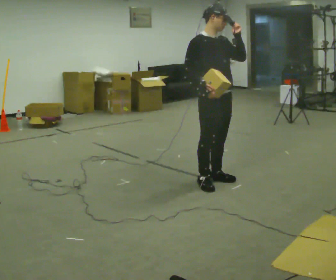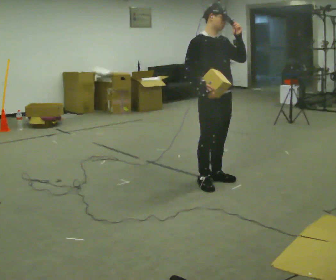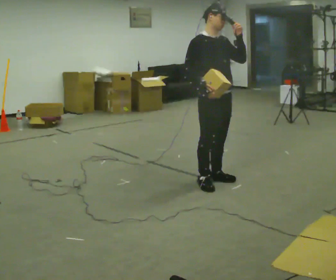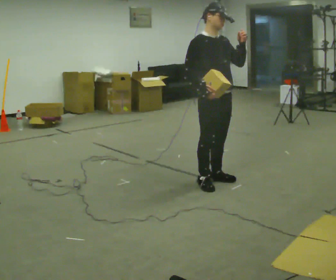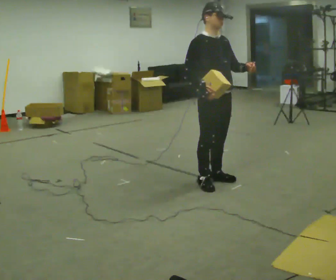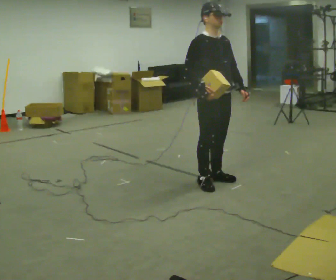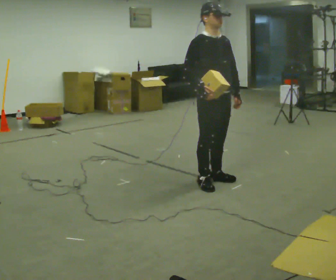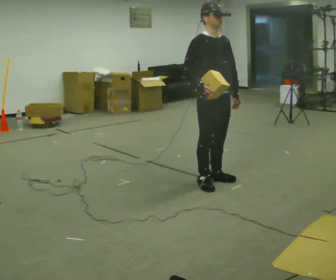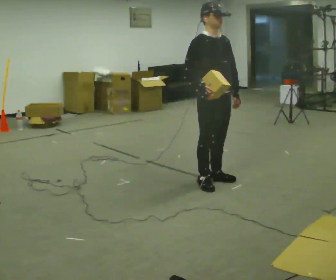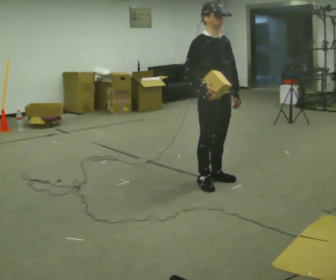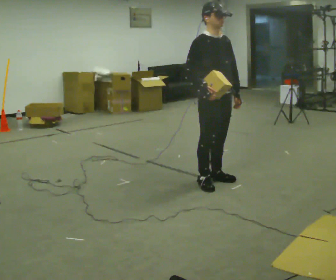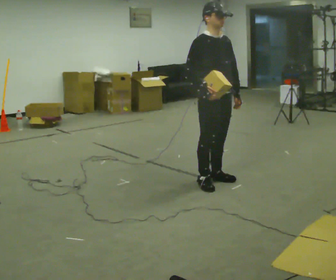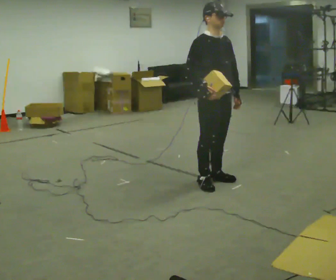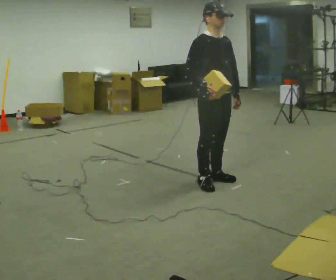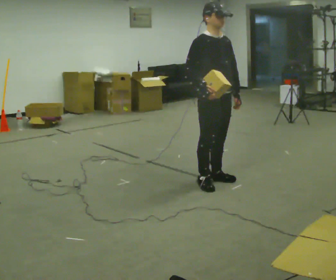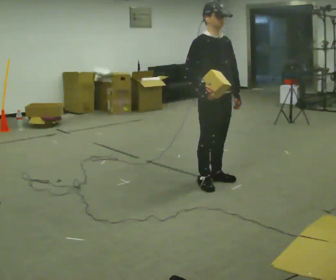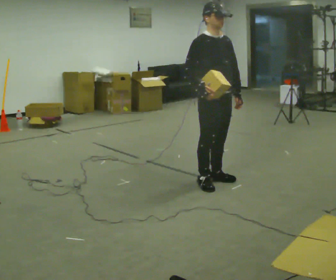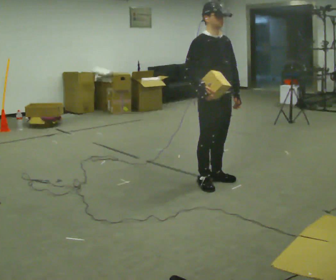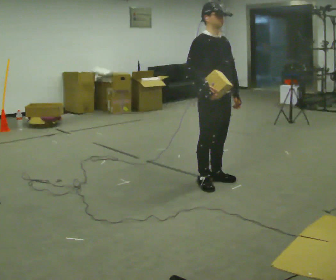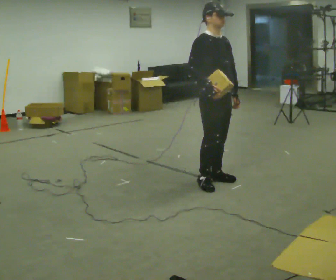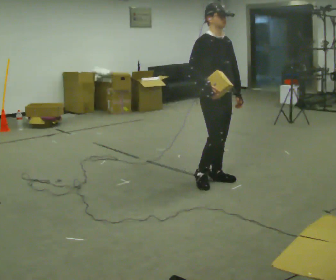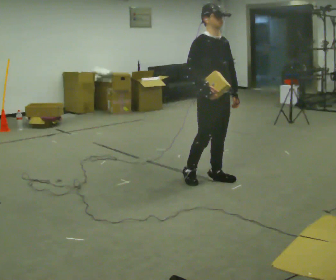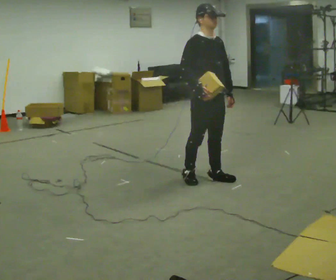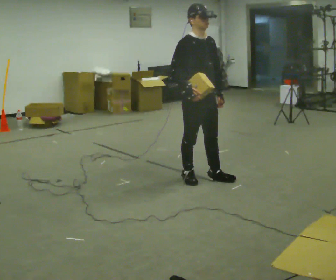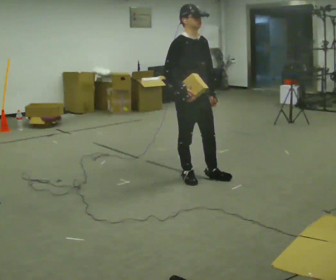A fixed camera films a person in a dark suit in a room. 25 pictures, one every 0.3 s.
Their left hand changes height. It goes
downward.
0.0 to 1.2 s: The person moves a little, or ends about where they began.
1.2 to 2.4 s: In the picture their left hand goes downward.
2.4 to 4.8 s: The person keeps their place and pose.
4.8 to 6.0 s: The person moves a little, or ends about where they began.
6.0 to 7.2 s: In the picture they go to the left, about 0.25 m in 2 steps, which for them is backward.
The film runs backward here.
